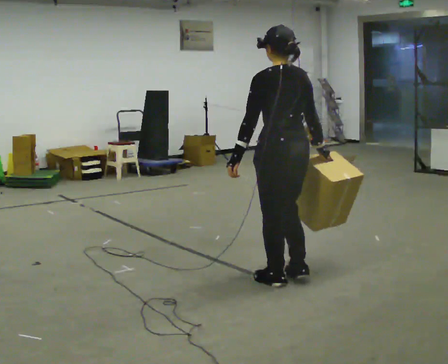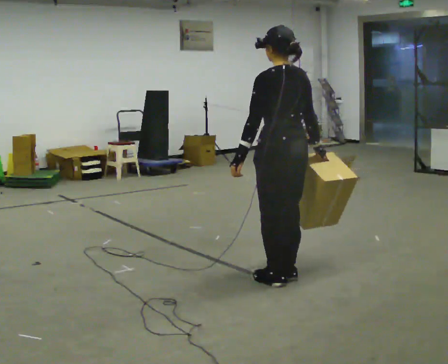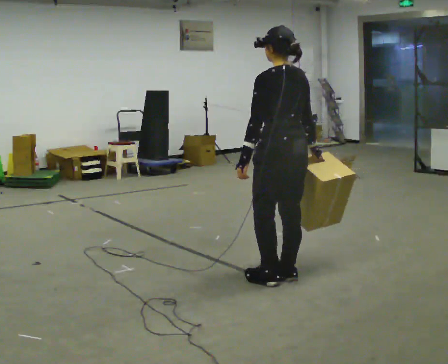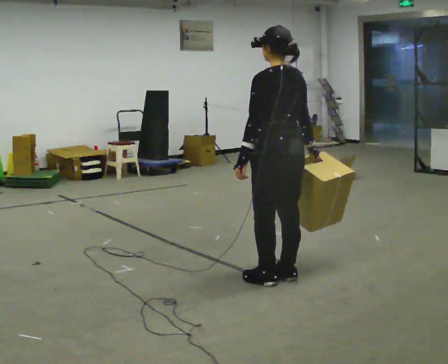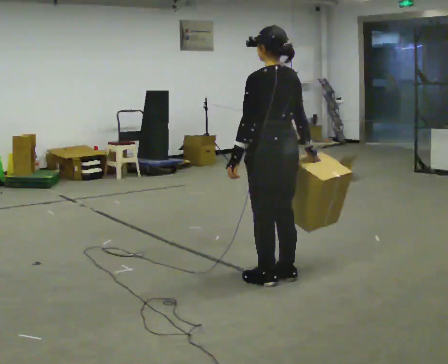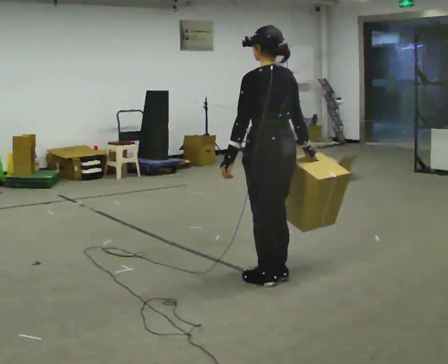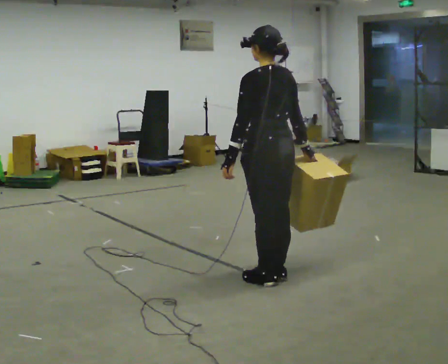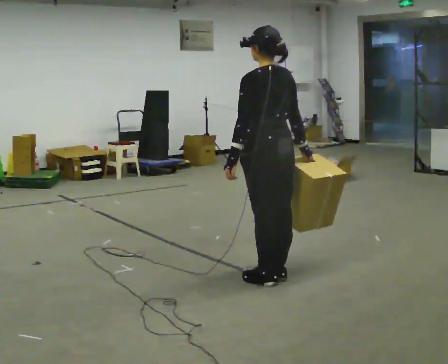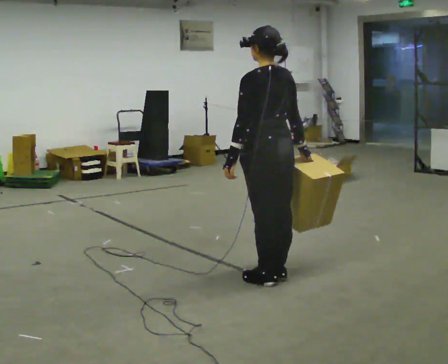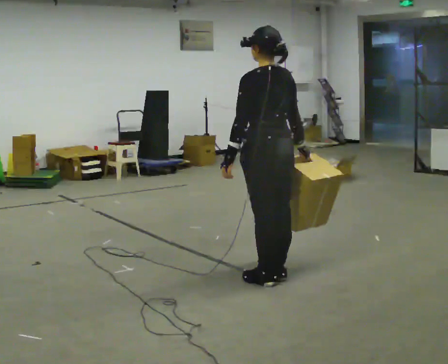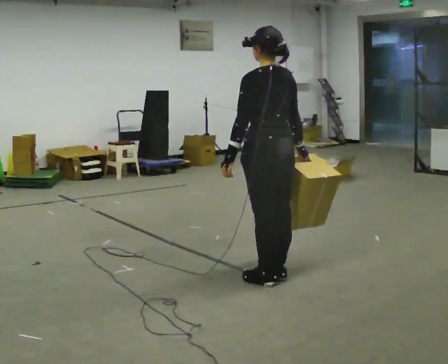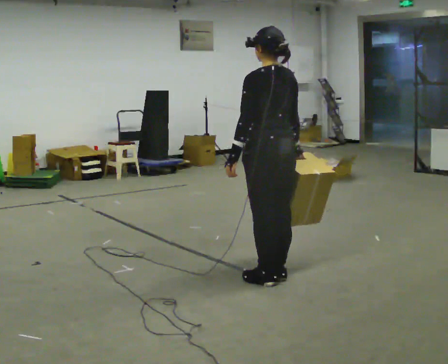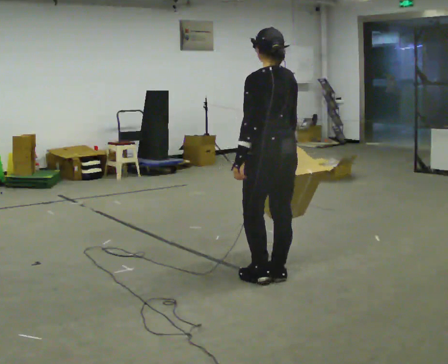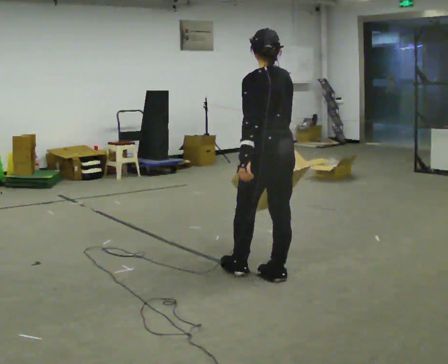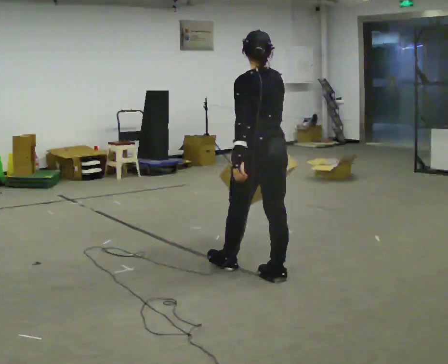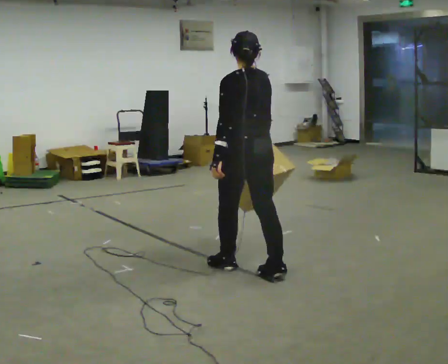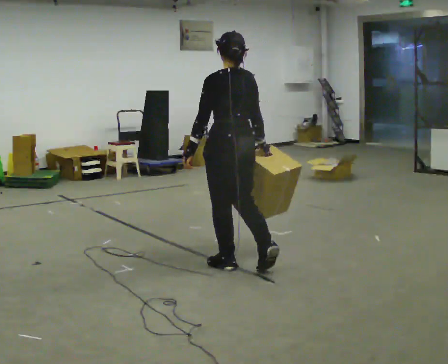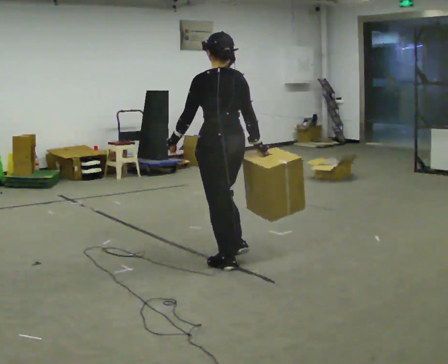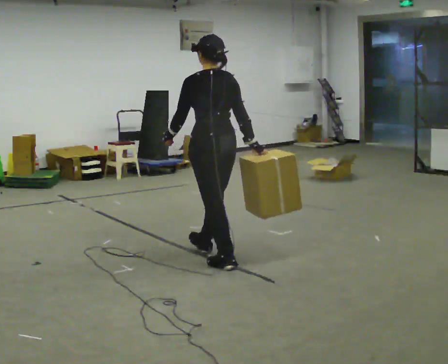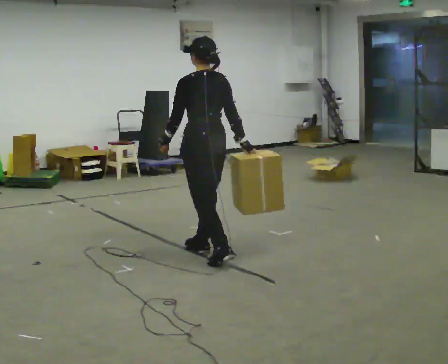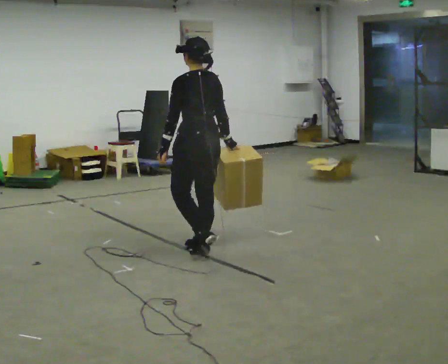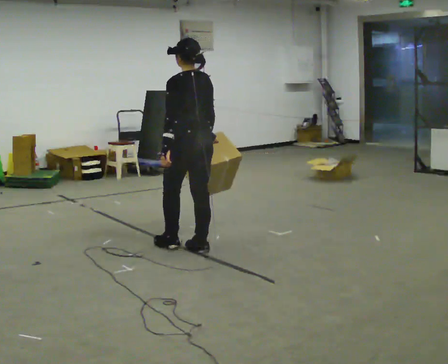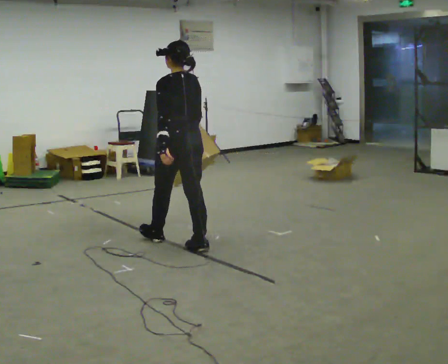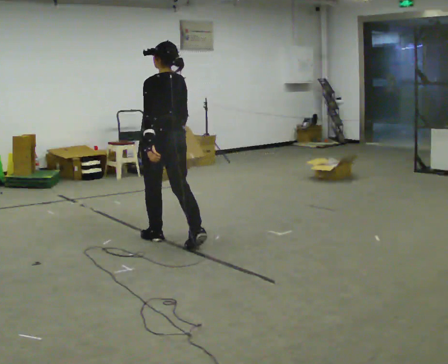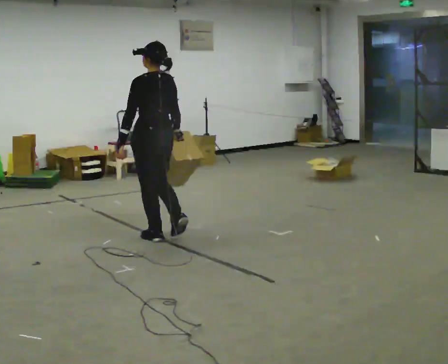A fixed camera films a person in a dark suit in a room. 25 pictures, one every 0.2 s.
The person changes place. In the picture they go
to the left.
0.0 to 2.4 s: The person moves a little, or ends about where they began.
2.4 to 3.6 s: In the picture they go to the left and away from the camera, about 0.5 m in 2 steps, which for them is forward.
3.6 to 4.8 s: In the picture they go to the left and away from the camera, about 1 m in 1 step, which for them is forward.
The film runs forward here.
